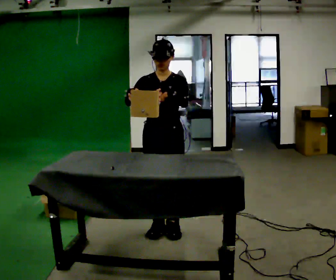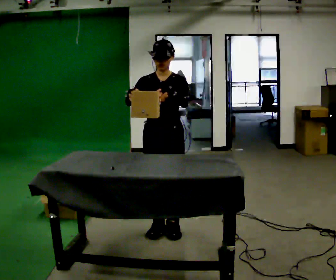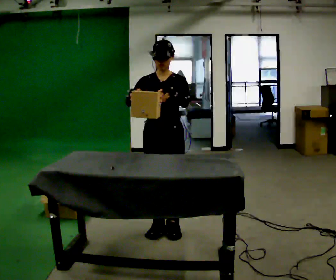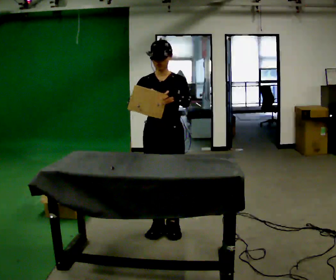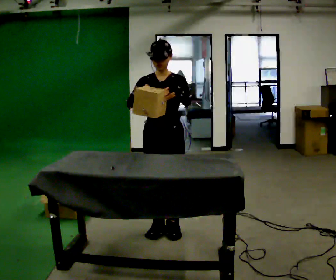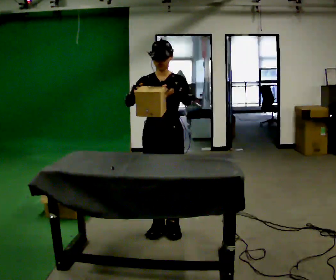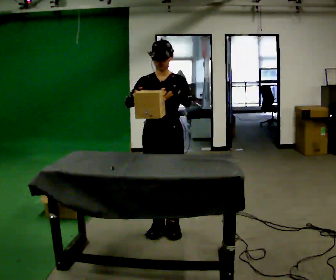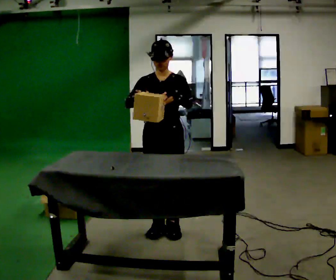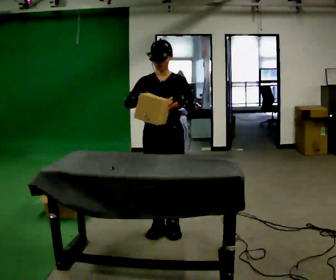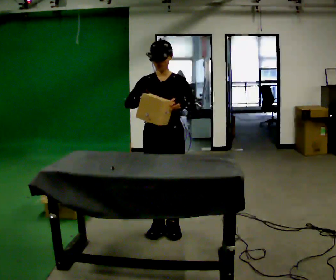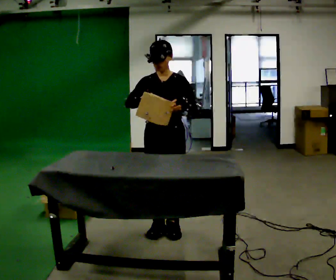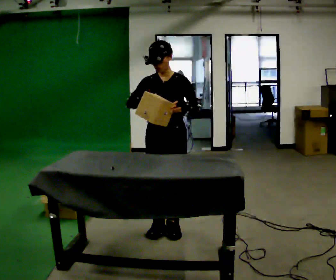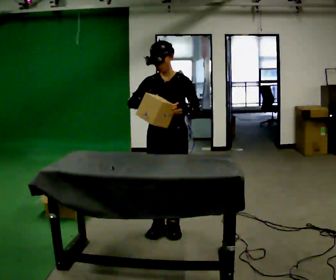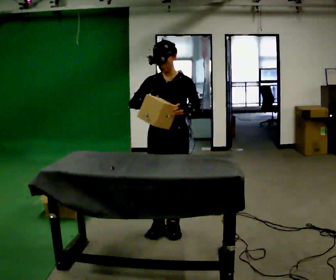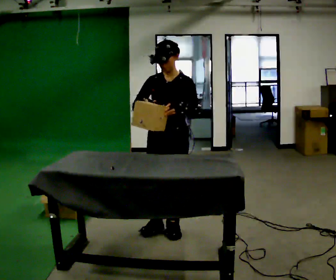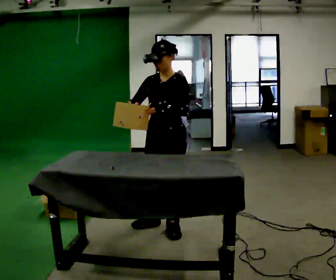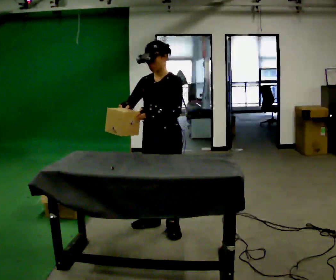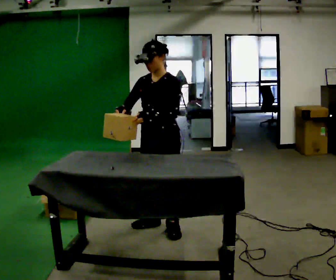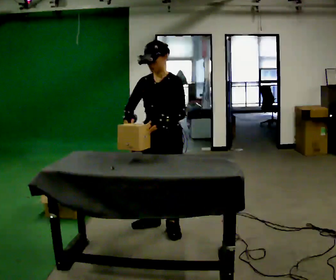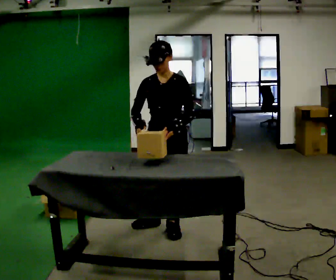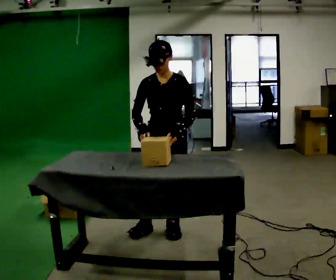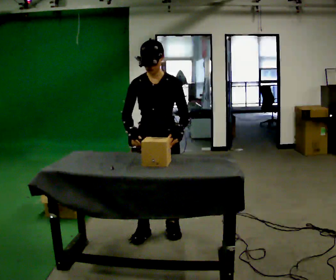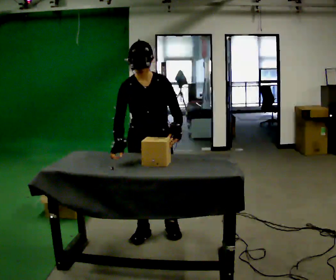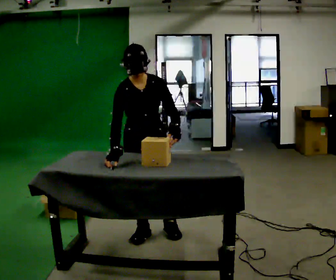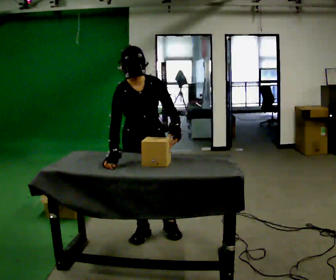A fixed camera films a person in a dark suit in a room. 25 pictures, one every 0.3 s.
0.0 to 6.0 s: The person moves a little, or ends about where they began.
6.0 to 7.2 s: Seen from above the body turns counterclockwise, about 30 degrees: to their left, with its near side sliding to the right. In the picture they go to the left, about 0.25 m in 1 step, which for them is to their right. The upper body tips toward the camera, its near side rolling downward, as they bend forward.
The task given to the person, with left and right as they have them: Take objects out of the bin one at a time and lay them out on the table, stepping between the bin and the table each time. Keep going until the operator says stop; one object at a time, and do not rush between trips.
The film runs forward here.
